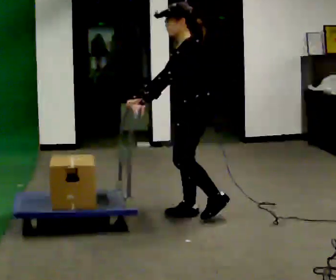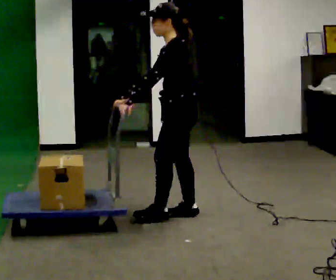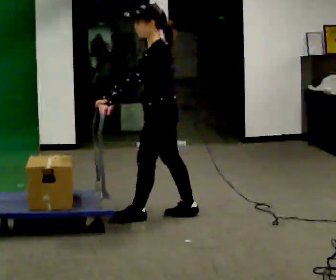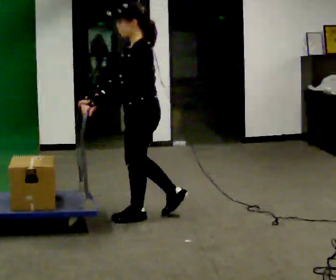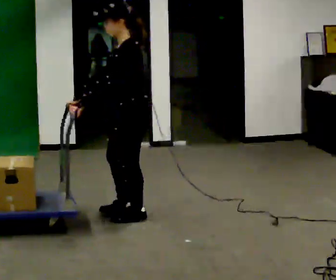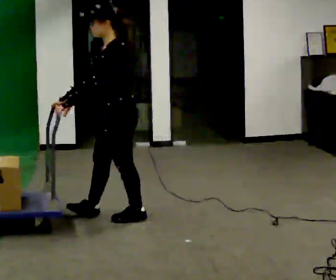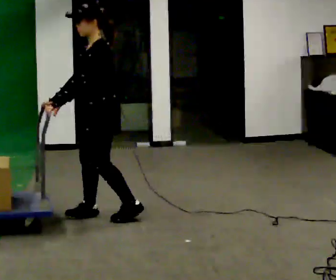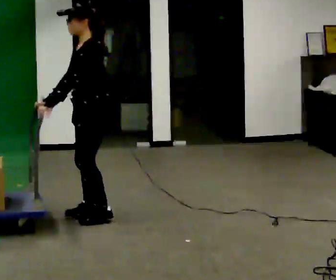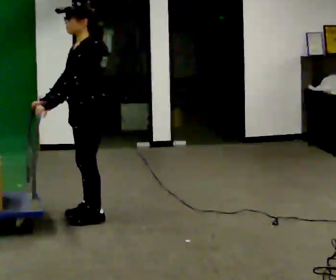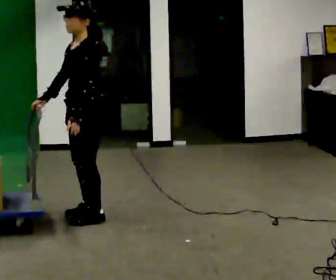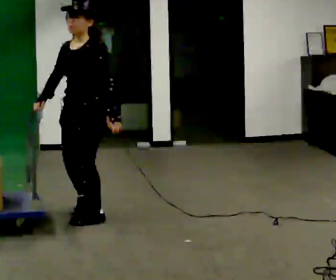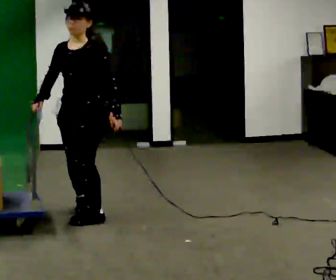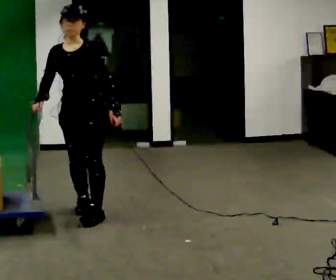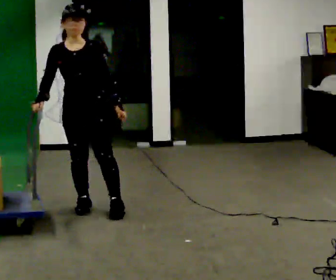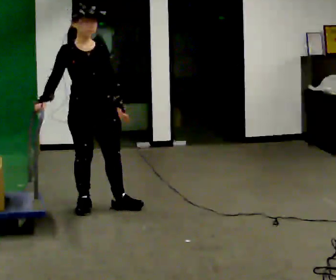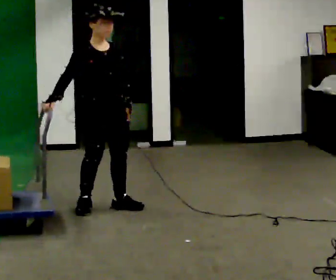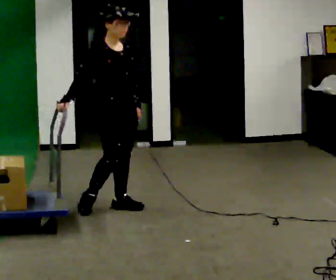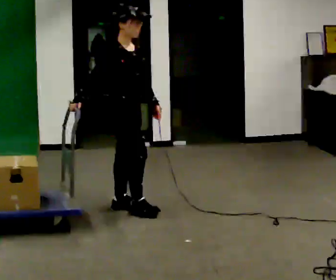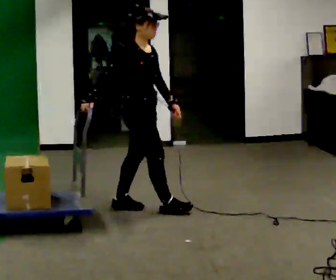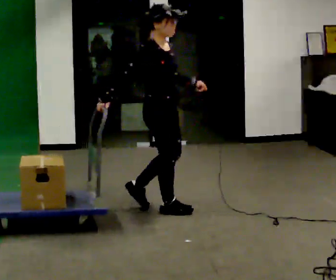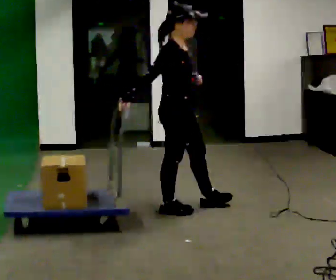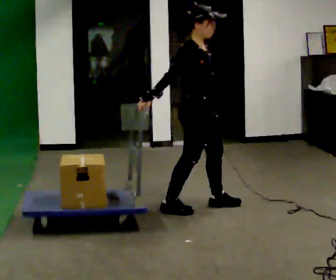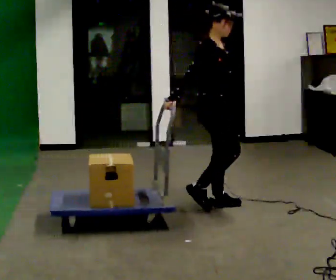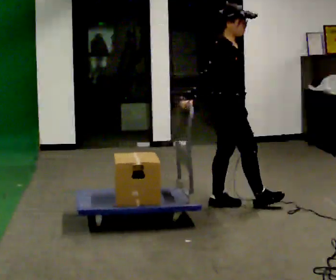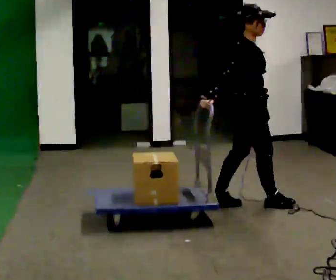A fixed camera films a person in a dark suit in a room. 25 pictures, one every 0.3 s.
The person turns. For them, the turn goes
to their left.
The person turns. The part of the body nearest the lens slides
to the right.
0.0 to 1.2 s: In the picture they go to the left, about 0.5 m in 1 step, which for them is forward.
1.2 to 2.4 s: In the picture they go to the left, about 0.25 m in 2 steps, which for them is forward and to their right.
2.4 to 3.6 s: The person turns about 60 degrees to their left, counterclockwise seen from above, so the part of the body nearest the lens slides to the right. In the picture their left hand goes to the right, the arm swinging counterclockwise.
3.6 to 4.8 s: Seen from above the body turns counterclockwise, about 60 degrees: to their left, with its near side sliding to the right. In the picture they go to the right, about 0.25 m in 1 step.
4.8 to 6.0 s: Seen from above the body turns counterclockwise, about 30 degrees: to their left, with its near side sliding to the right. In the picture they go to the right, about 0.5 m in 1 step, which for them is forward.
6.0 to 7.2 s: In the picture they go to the right, about 0.5 m in 2 steps, which for them is forward.
The film runs forward here.
